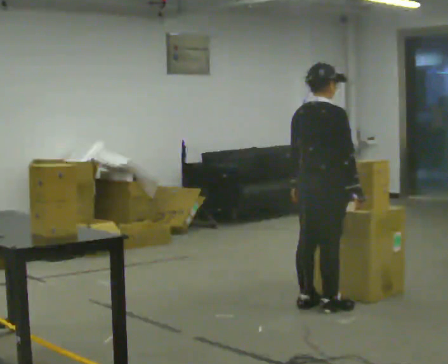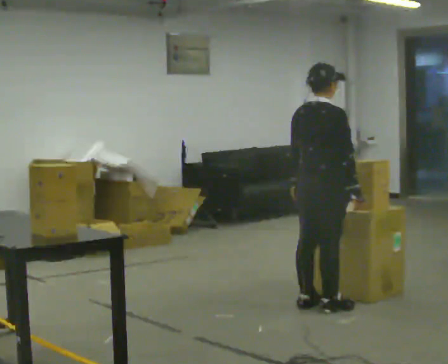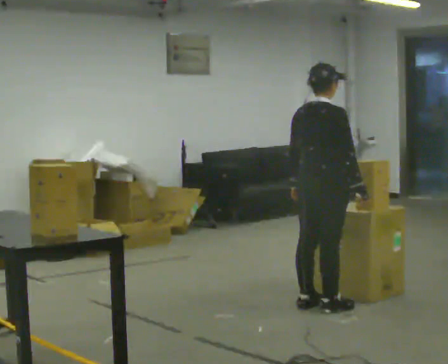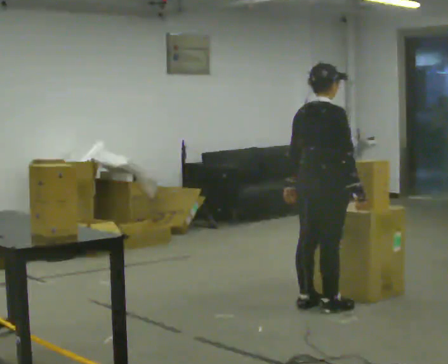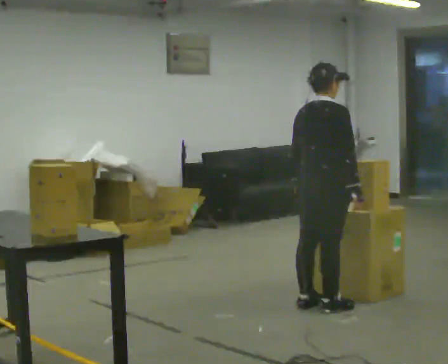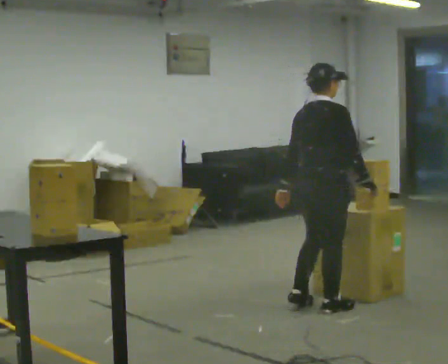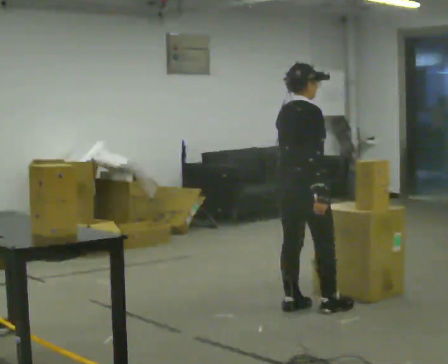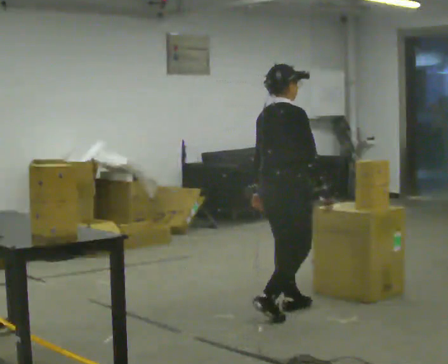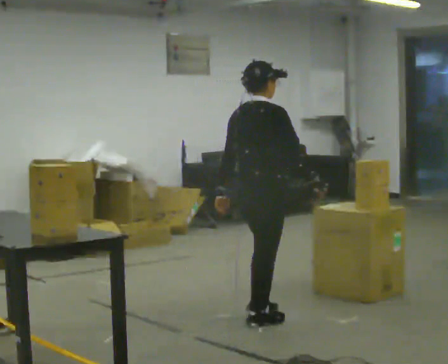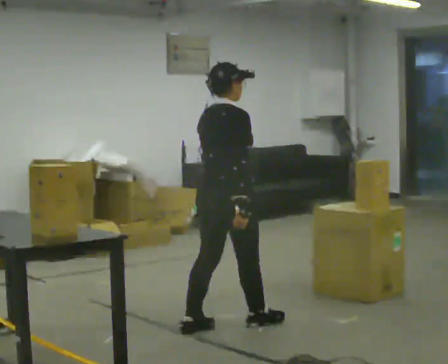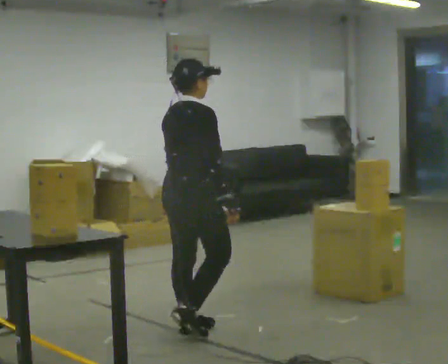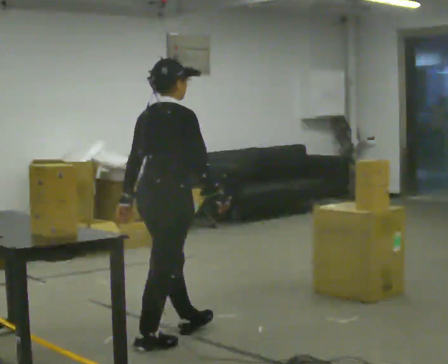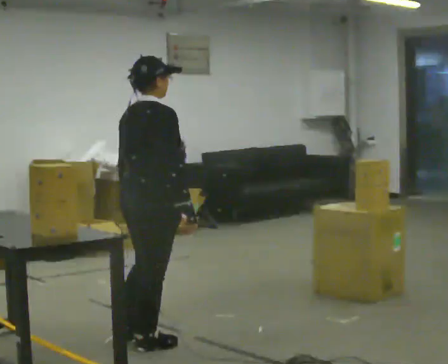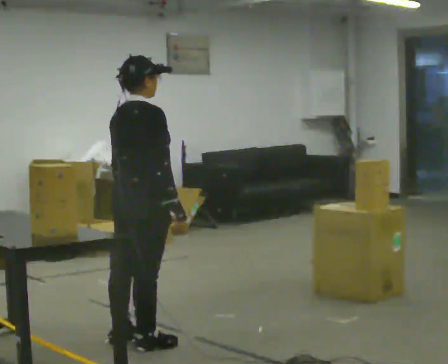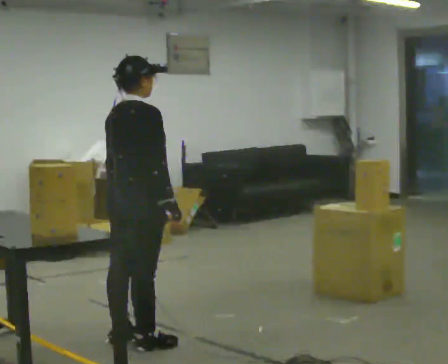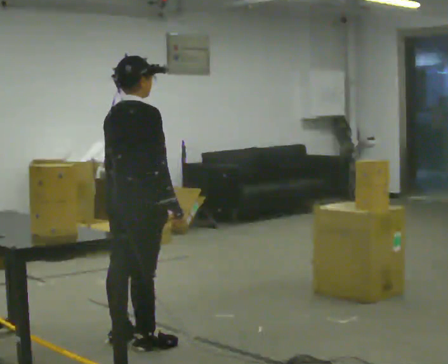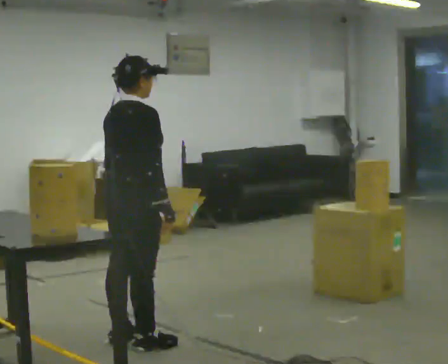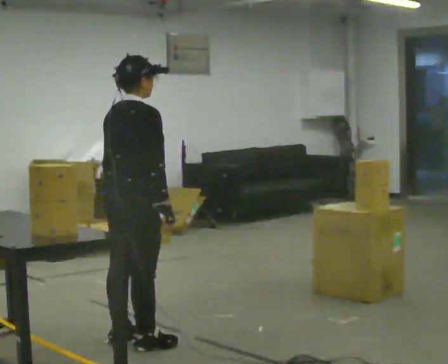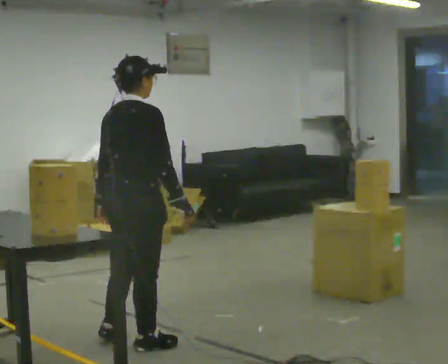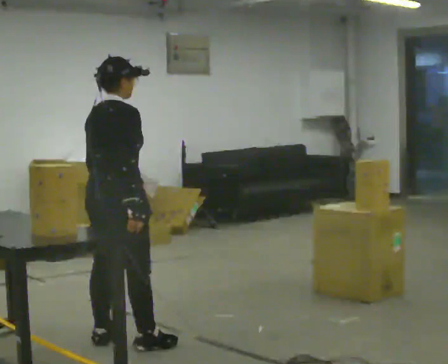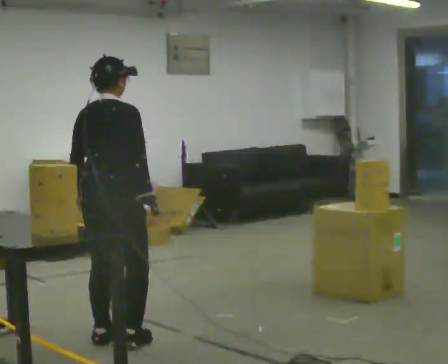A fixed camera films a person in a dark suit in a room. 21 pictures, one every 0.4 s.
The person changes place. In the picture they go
to the left.
0.0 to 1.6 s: The person moves a little, or ends about where they began.
1.6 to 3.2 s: In the picture they go to the left and toward the camera, about 0.5 m in 2 steps, which for them is backward.
3.2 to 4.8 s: In the picture they go to the left and toward the camera, about 1 m in 2 steps, which for them is backward.
4.8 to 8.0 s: In the picture they go to the left, about 0.25 m, which for them is to their left and backward.
The film runs backward here.
